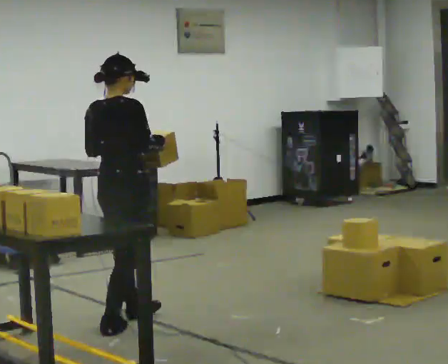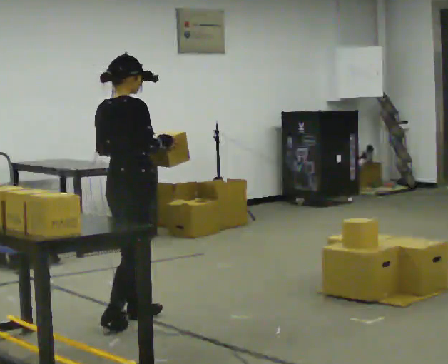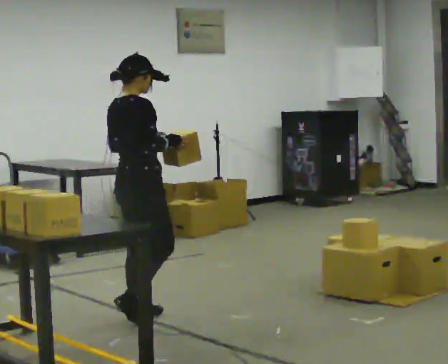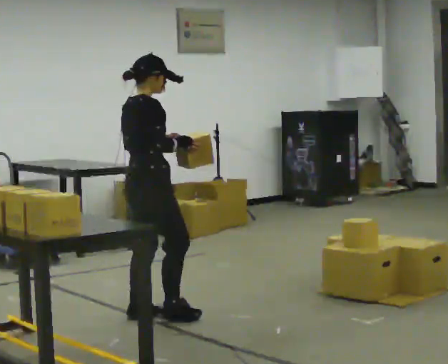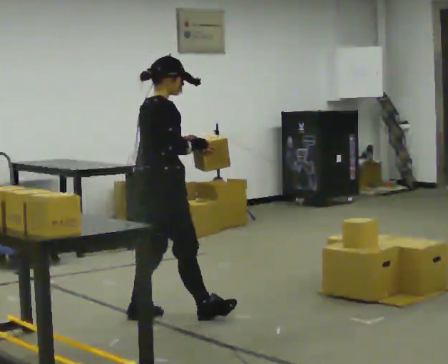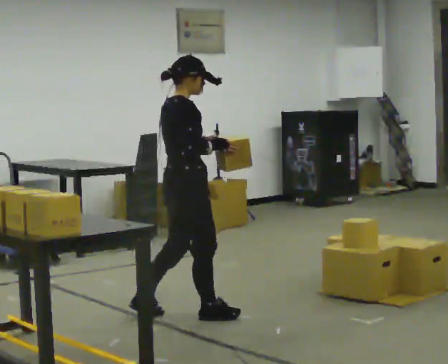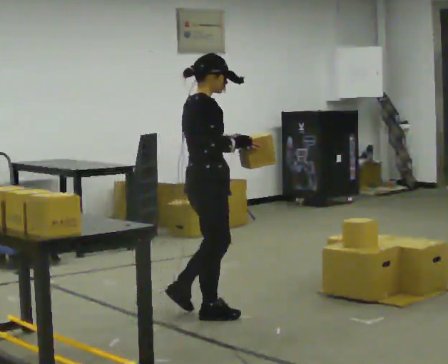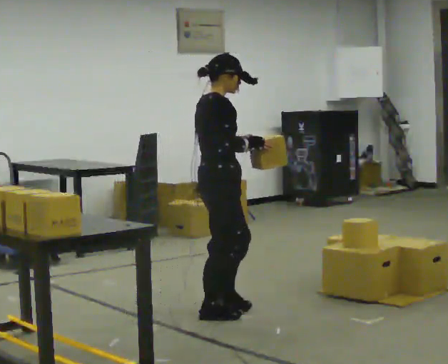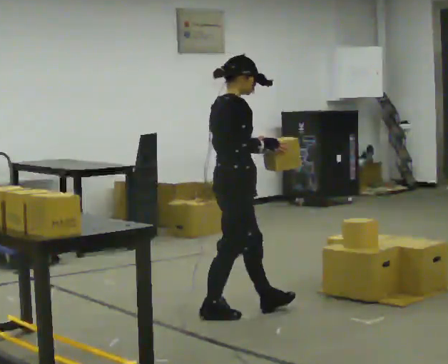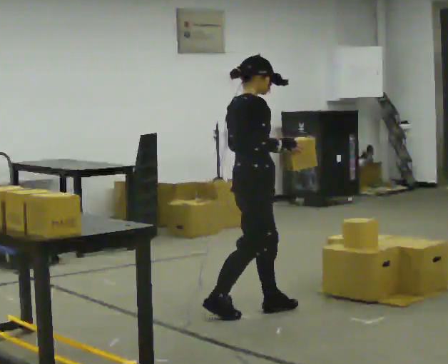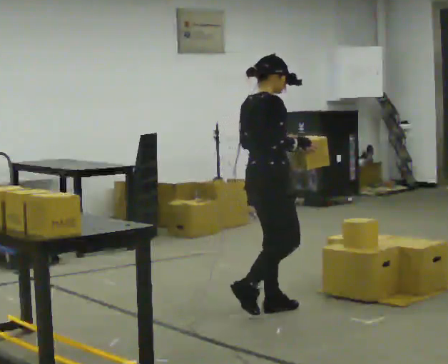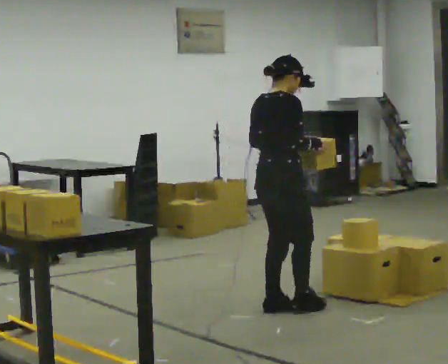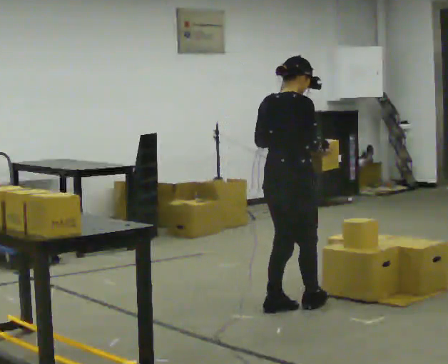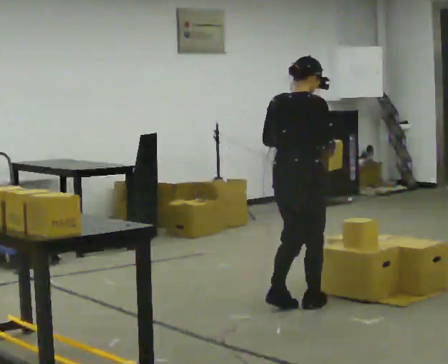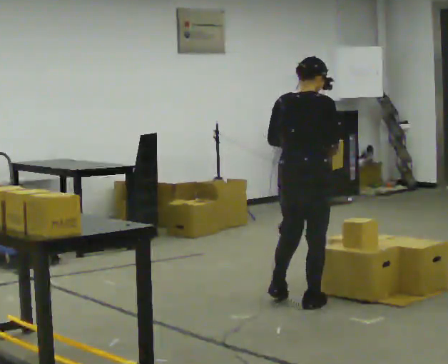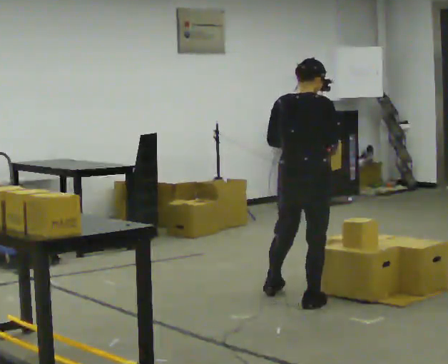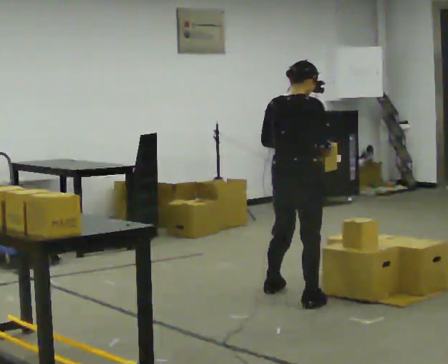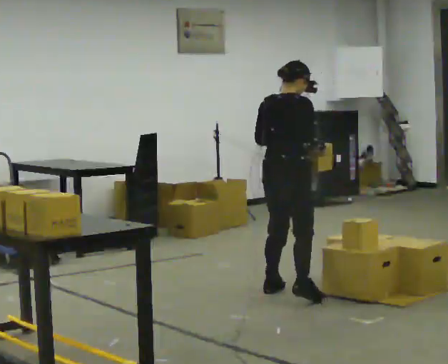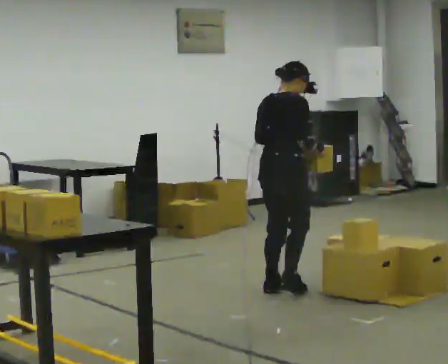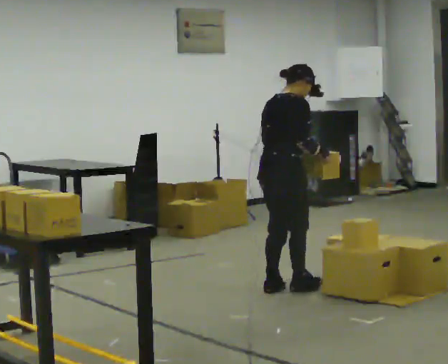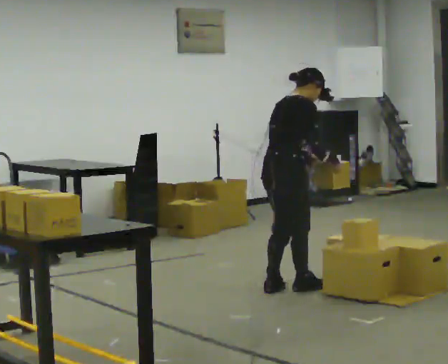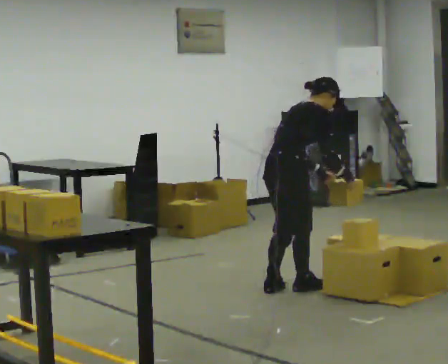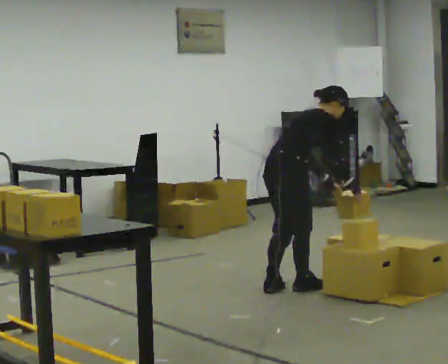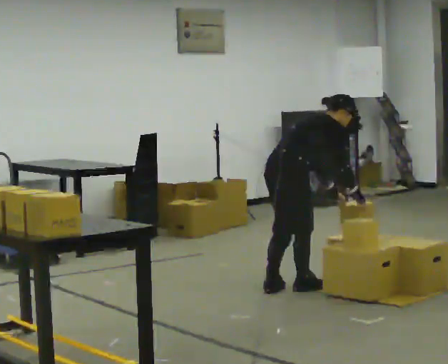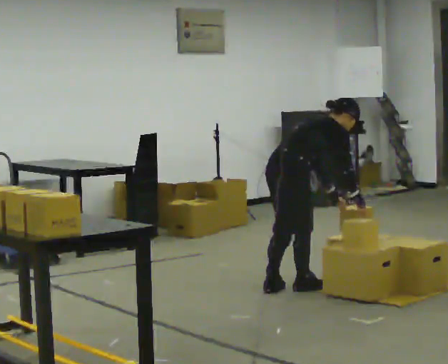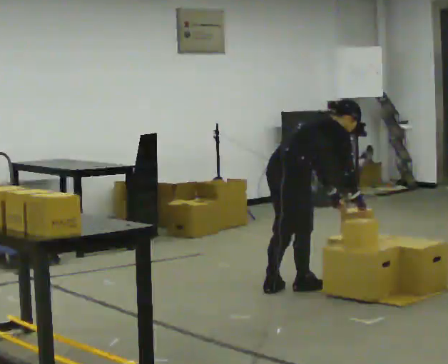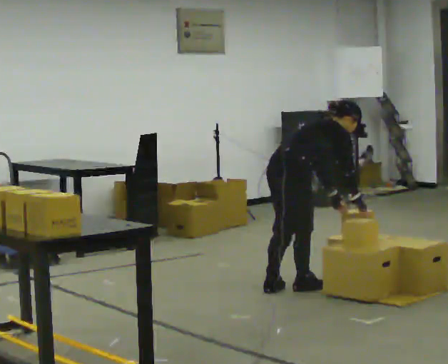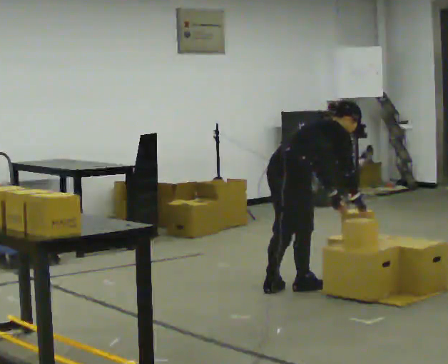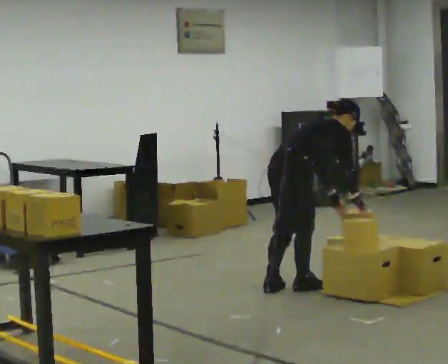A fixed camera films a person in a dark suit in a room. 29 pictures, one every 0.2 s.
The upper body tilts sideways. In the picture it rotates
clockwise.
Their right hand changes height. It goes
downward.
0.0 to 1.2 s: The part of the body nearest the lens slides to the left as the person turns to their right by about 45 degrees. In the picture they go to the right and away from the camera, about 0.5 m in 1 step, which for them is forward.
1.2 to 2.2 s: In the picture they go to the right and away from the camera, about 0.5 m in 1 step, which for them is forward.
2.2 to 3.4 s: In the picture they go away from the camera, about 0.5 m in 2 steps, which for them is forward and to their left.
3.4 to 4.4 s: In the picture the upper body tilts clockwise, shoulders to the right, as they bend forward.
4.4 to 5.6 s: The person moves a little, or ends about where they began.
The film runs forward here.
